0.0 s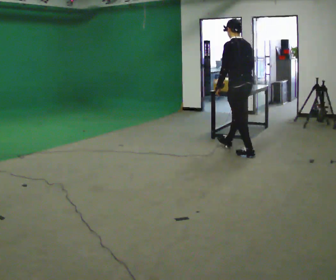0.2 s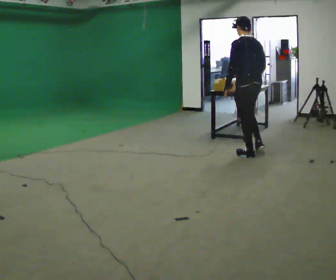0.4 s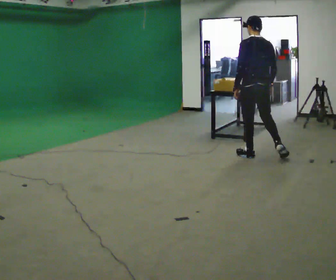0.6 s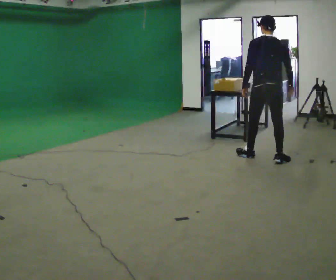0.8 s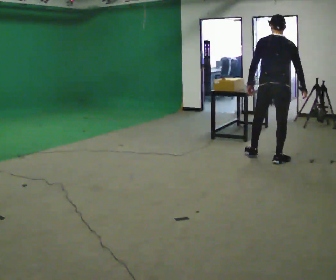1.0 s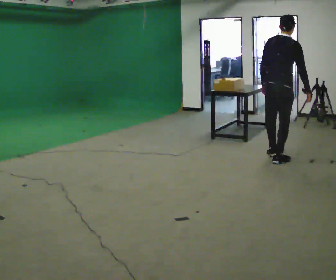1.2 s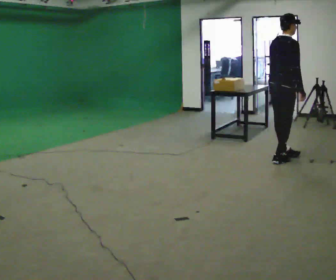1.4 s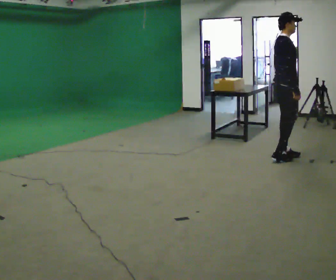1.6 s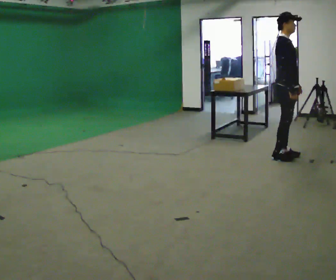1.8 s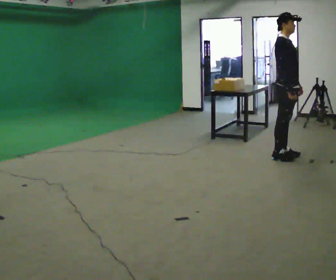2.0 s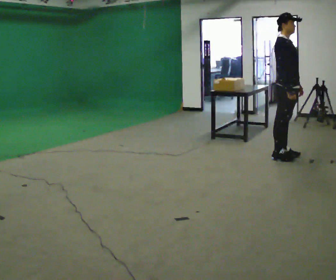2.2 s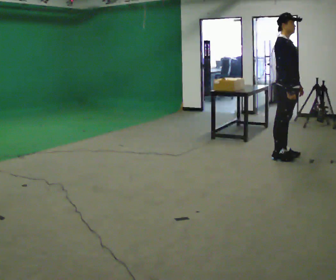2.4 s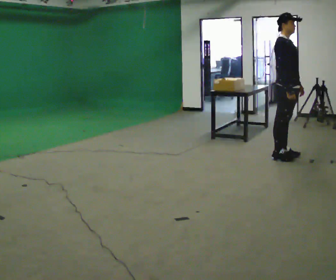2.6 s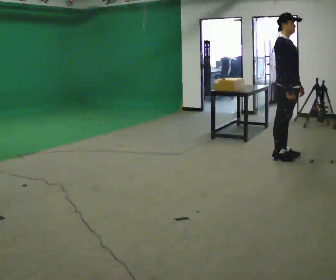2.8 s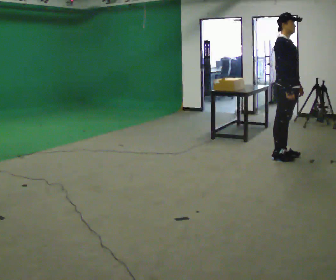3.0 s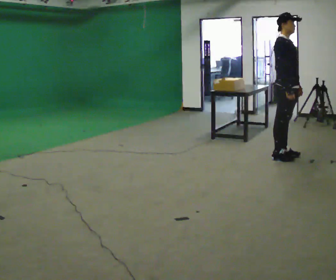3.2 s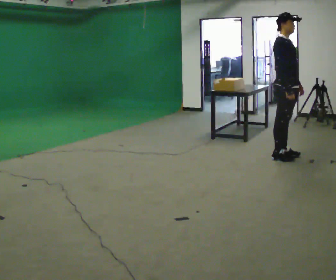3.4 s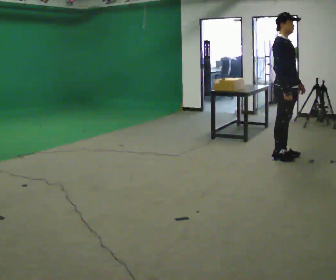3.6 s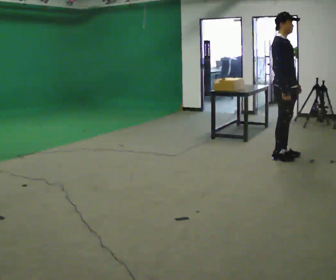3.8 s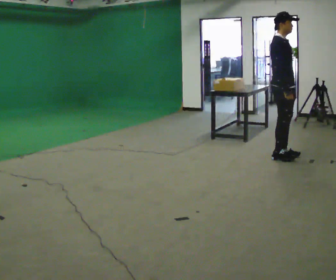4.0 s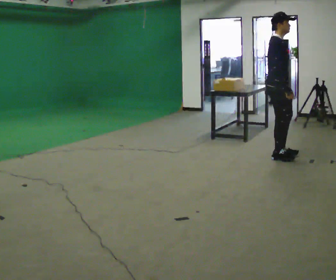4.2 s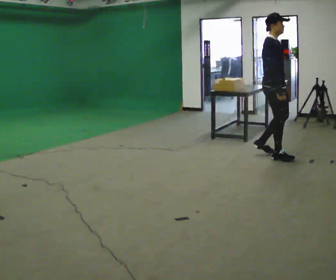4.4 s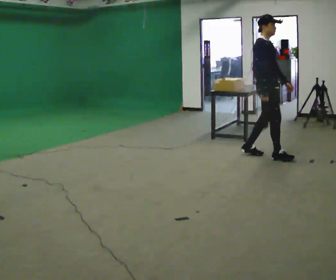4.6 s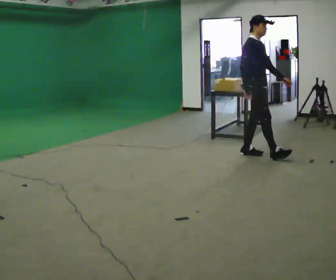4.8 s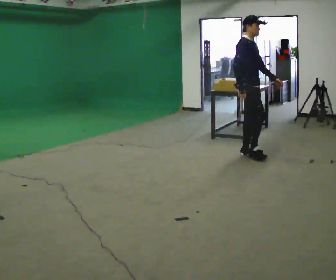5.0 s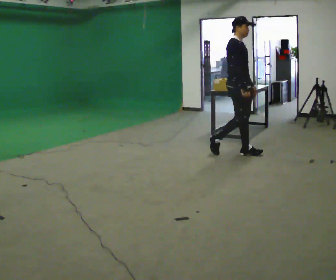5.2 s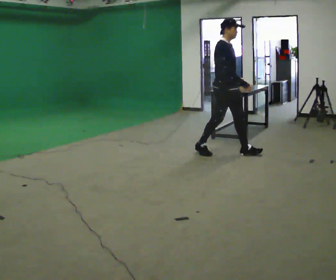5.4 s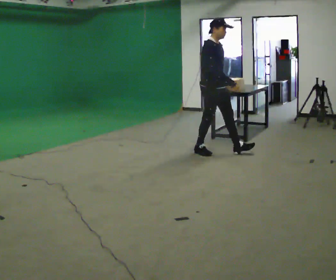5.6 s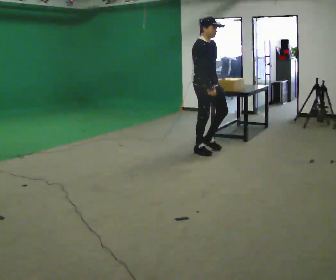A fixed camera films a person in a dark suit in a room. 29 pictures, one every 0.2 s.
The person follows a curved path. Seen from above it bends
counterclockwise.
The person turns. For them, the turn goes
to their right.
0.0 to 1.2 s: Seen from above the body turns clockwise, about 105 degrees: to their right, with its near side sliding to the left. In the picture they go to the right and toward the camera, about 0.5 m in 1 step.
1.2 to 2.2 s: Seen from above the body turns clockwise, about 60 degrees: to their right, with its near side sliding to the left.
2.2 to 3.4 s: The person moves a little, or ends about where they began.
3.4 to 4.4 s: In the picture they go to the left, about 0.25 m in 1 step, which for them is backward.
4.4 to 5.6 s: In the picture they go to the left, about 1 m in 2 steps, which for them is backward.
The film runs backward here.
